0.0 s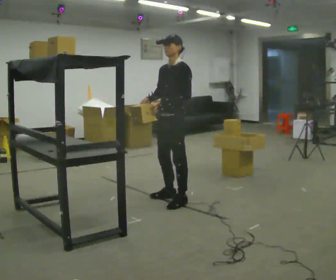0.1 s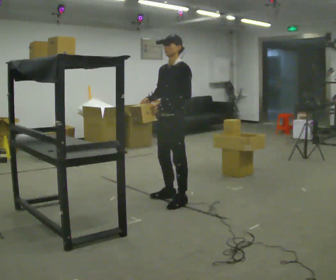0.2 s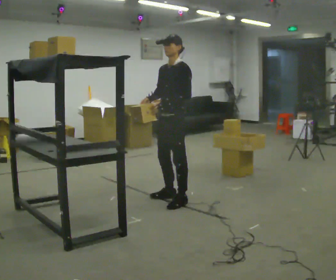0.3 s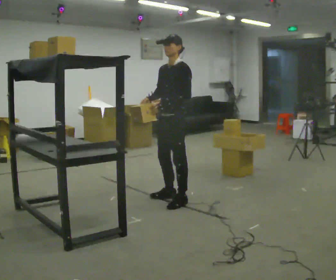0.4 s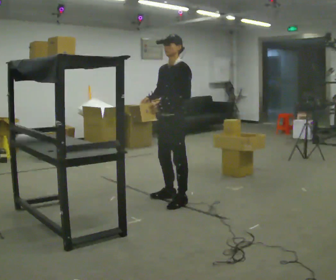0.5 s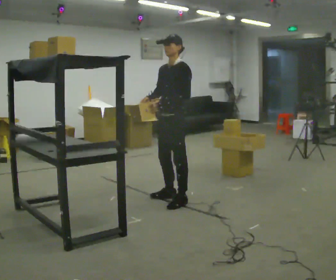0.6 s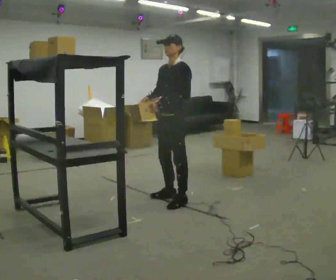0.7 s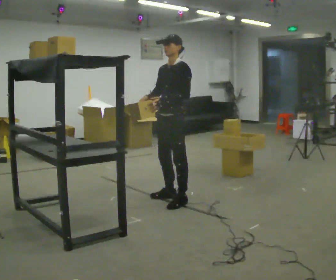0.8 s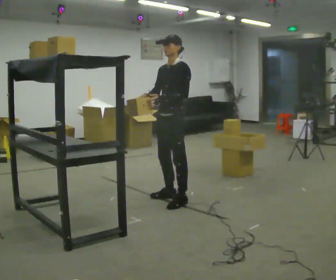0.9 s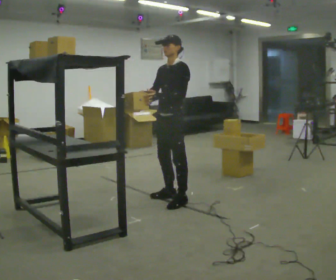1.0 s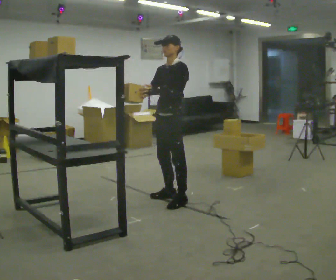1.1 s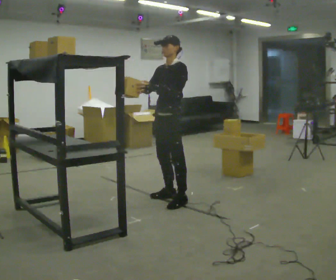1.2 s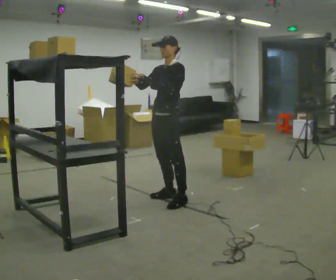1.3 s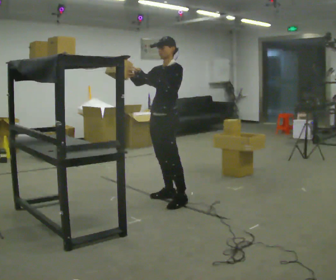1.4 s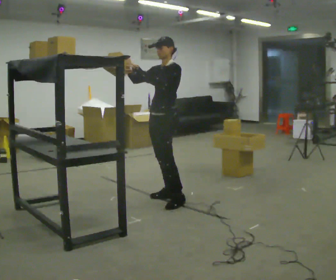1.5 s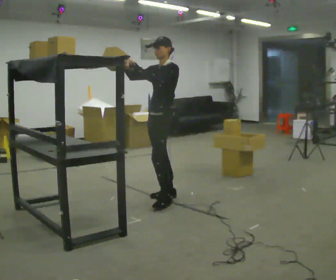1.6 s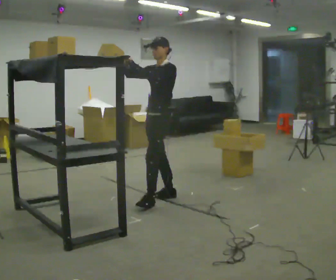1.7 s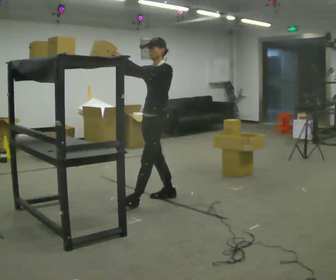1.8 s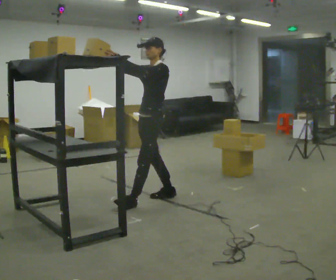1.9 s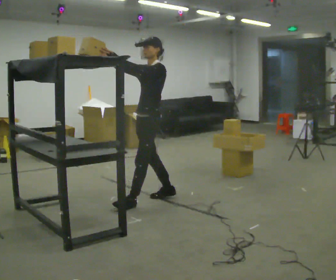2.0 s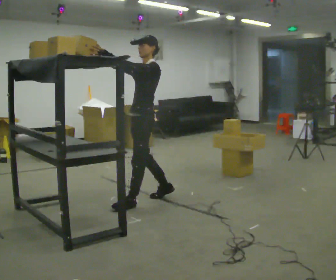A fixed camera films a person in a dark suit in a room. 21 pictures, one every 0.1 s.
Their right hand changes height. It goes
upward.
Their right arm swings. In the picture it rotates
clockwise.
0.0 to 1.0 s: The person moves a little, or ends about where they began.
1.0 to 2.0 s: In the picture they go to the left, about 0.25 m in 1 step, which for them is forward. In the picture their right hand goes upward, the arm swinging clockwise.
The film runs backward here.
